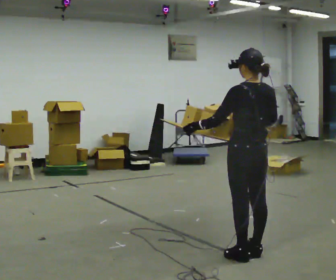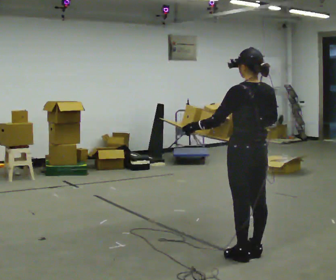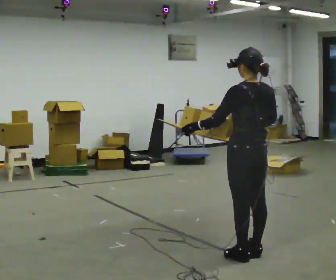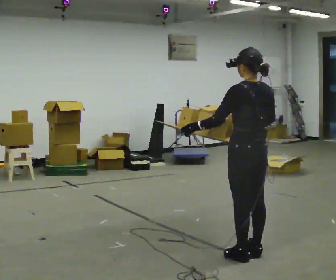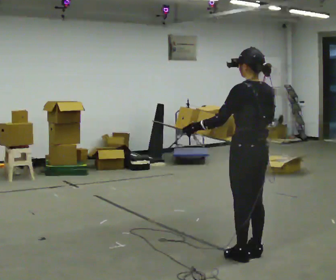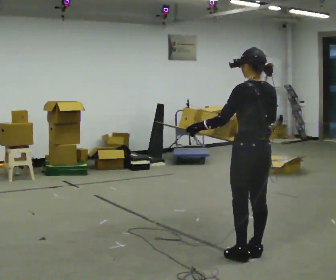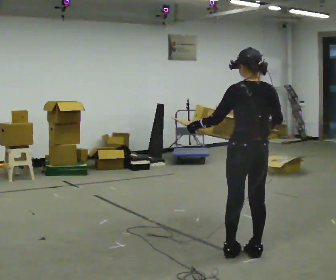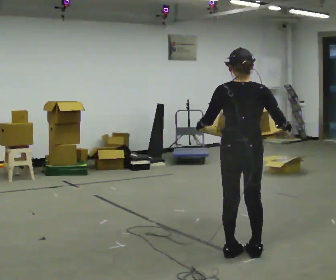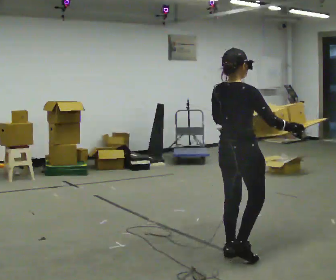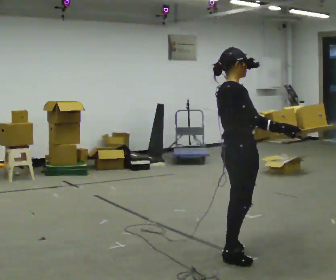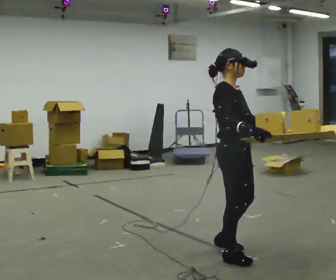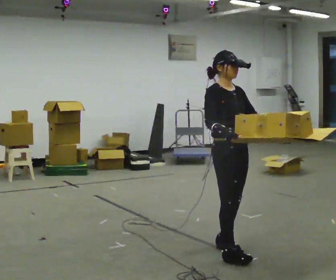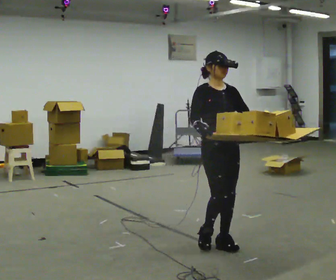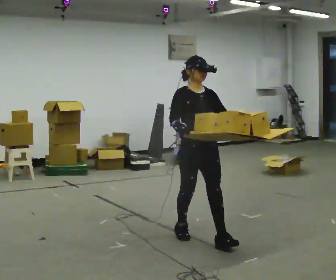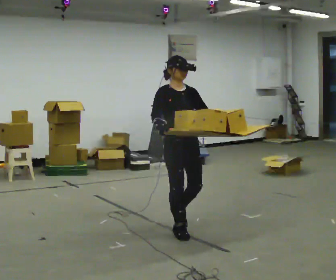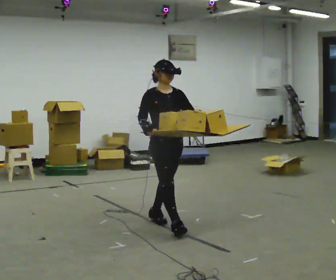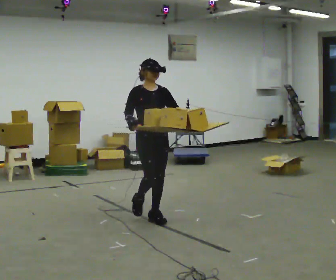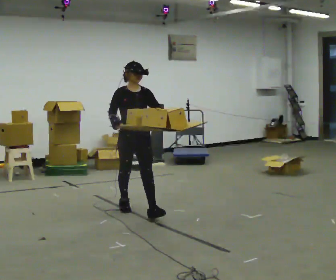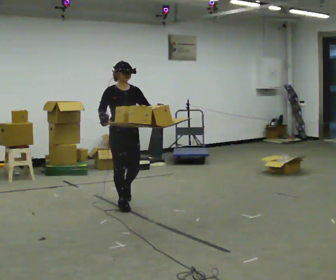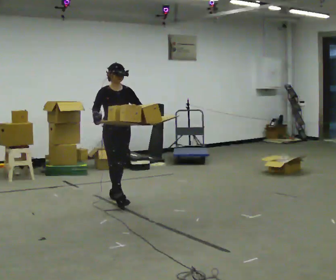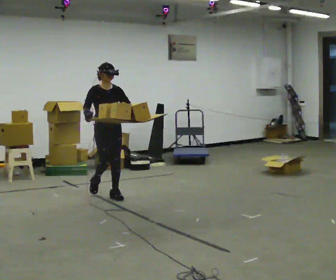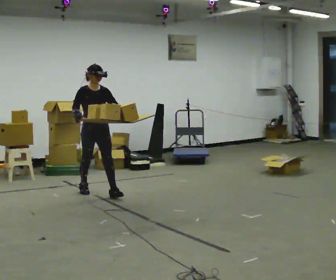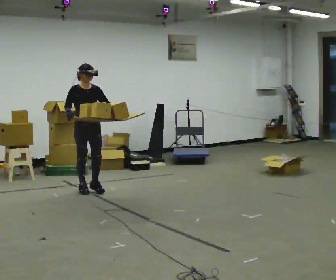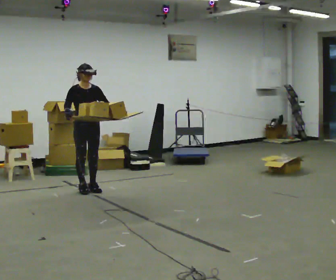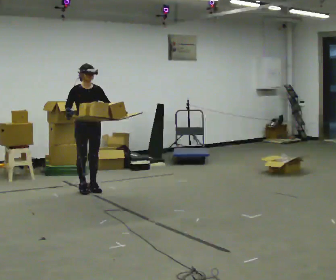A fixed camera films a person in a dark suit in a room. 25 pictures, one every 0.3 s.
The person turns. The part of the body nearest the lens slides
to the left.
The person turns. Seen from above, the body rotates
clockwise.
0.0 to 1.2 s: The person moves a little, or ends about where they began.
1.2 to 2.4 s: The part of the body nearest the lens slides to the left as the person turns to their right by about 90 degrees.
2.4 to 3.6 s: The person turns about 105 degrees to their right, clockwise seen from above, so the part of the body nearest the lens slides to the left. In the picture they go away from the camera, about 0.25 m in 2 steps.
3.6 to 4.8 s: In the picture they go away from the camera and to the left, about 1 m in 2 steps, which for them is backward.
4.8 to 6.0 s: In the picture they go away from the camera and to the left, about 1 m in 2 steps, which for them is backward.
6.0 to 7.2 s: In the picture they go to the left and away from the camera, about 0.5 m in 1 step, which for them is backward.
The film runs backward here.
